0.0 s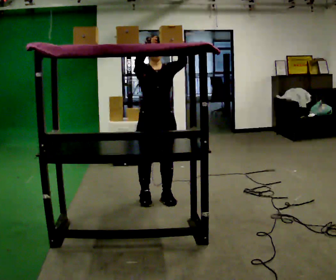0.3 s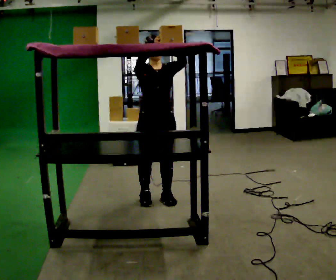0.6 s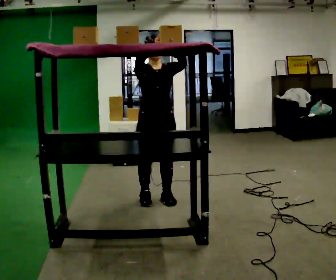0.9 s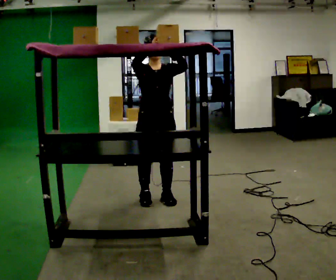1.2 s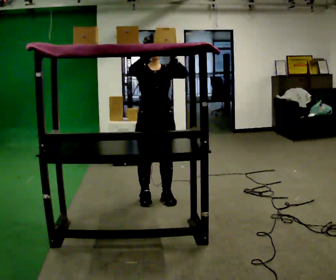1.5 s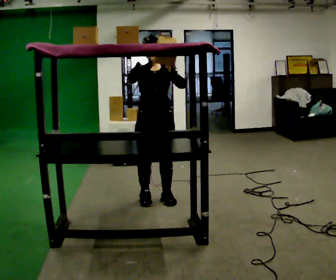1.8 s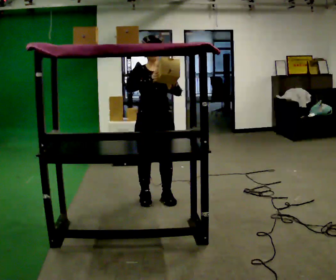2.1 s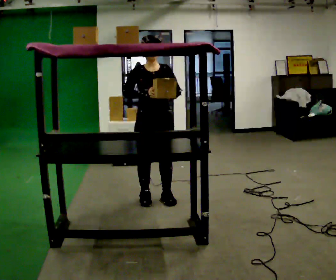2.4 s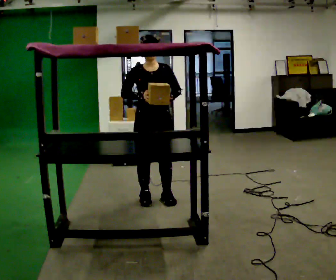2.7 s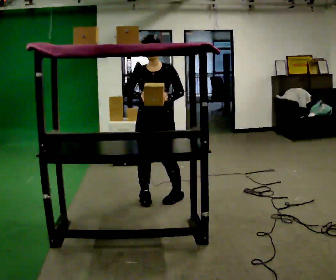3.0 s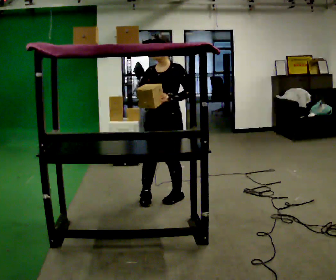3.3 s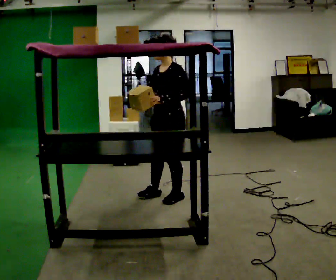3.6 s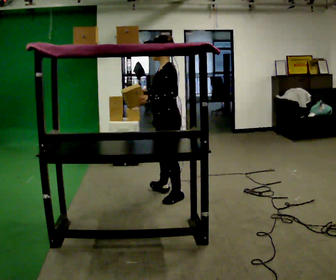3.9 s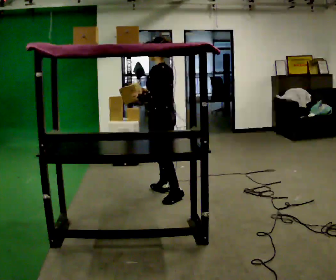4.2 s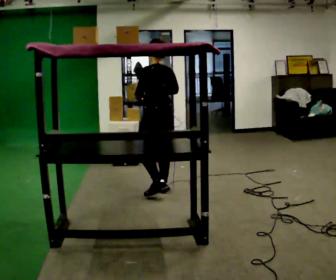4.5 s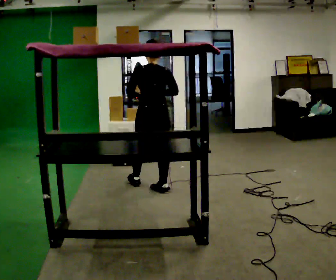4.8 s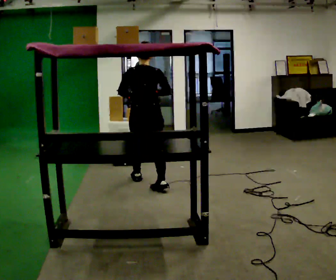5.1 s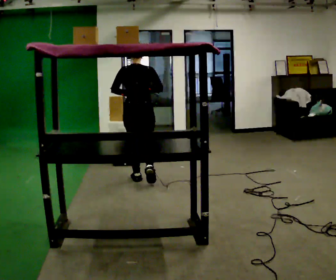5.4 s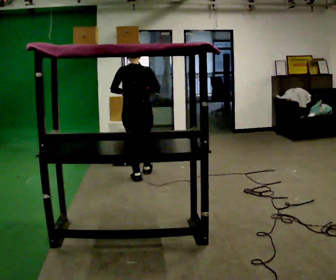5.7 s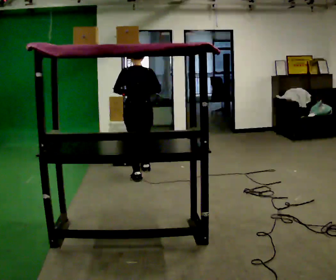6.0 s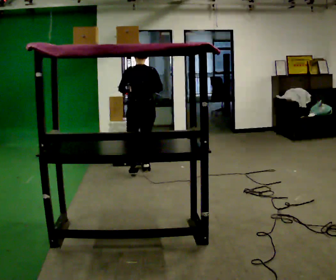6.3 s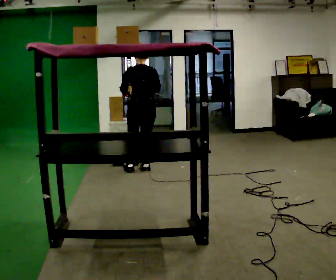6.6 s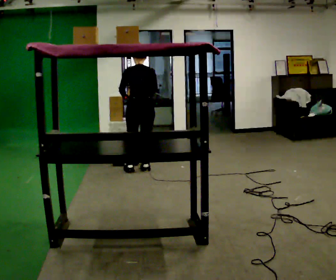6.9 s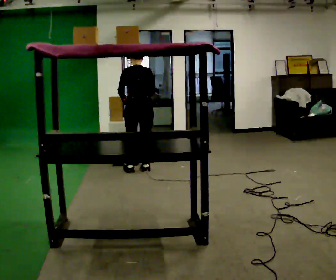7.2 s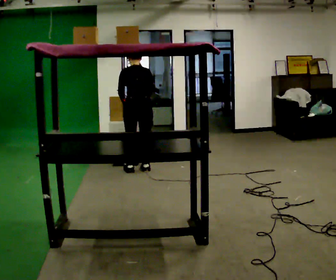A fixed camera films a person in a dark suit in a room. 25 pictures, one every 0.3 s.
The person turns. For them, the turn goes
to their right.
The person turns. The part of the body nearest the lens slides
to the left.
0.0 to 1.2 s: The person moves a little, or ends about where they began.
1.2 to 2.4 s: In the picture their right hand goes downward.
2.4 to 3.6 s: Seen from above the body turns clockwise, about 90 degrees: to their right, with its near side sliding to the left. In the picture they go to the right, about 0.25 m in 1 step.
3.6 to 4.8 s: The part of the body nearest the lens slides to the left as the person turns to their right by about 90 degrees. In the picture they go away from the camera and to the left, about 0.5 m in 1 step.
4.8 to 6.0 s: In the picture they go away from the camera, about 0.5 m in 1 step, which for them is forward.
6.0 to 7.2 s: The person moves a little, or ends about where they began.
The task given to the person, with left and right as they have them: Take an object from the waist-height shelf, carry it across the room, and place it on the highest shelf you can comfortably reach. Keep going until the operator says stop; one object at a time, and do not rush between trips.
The film runs forward here.
